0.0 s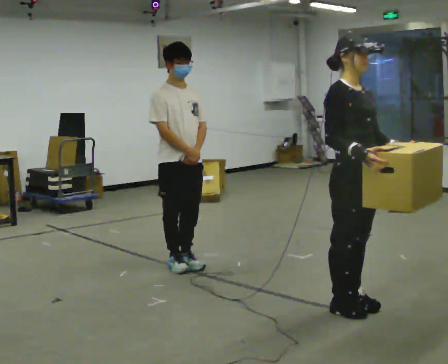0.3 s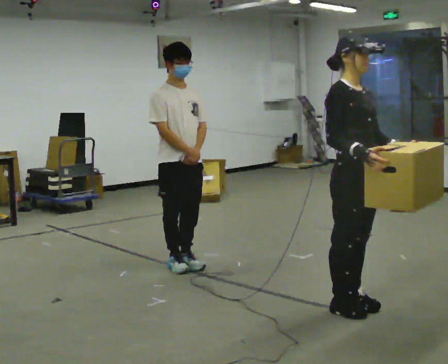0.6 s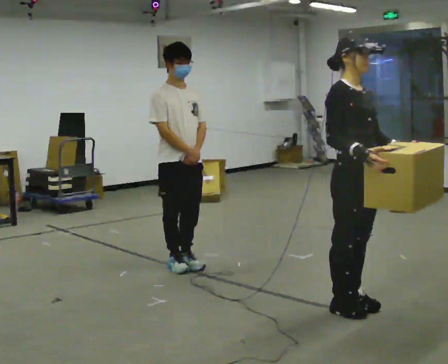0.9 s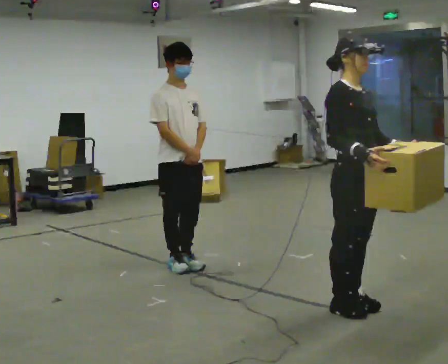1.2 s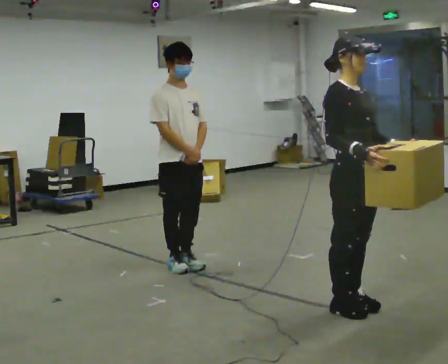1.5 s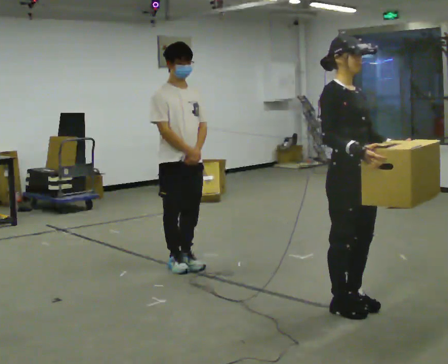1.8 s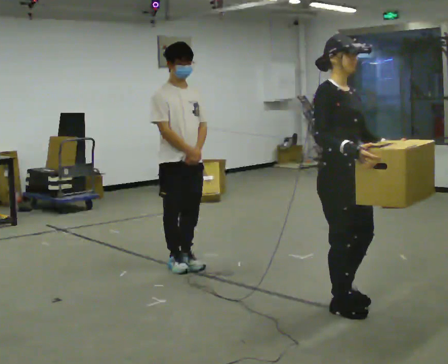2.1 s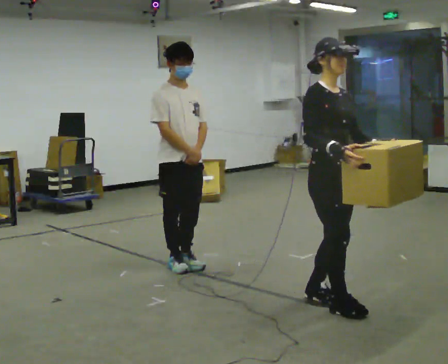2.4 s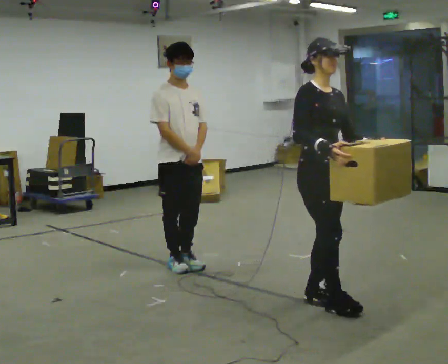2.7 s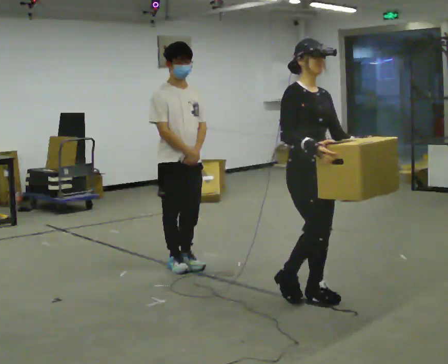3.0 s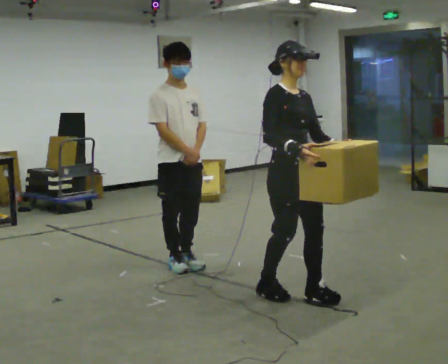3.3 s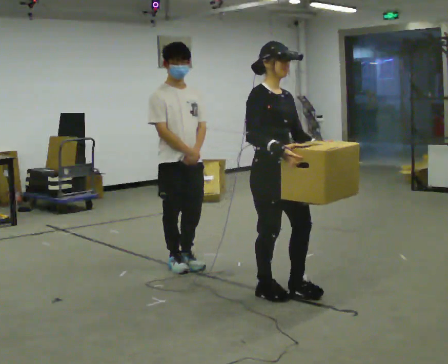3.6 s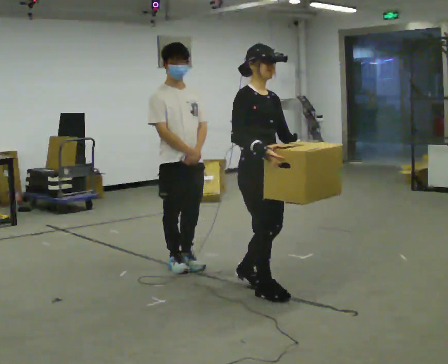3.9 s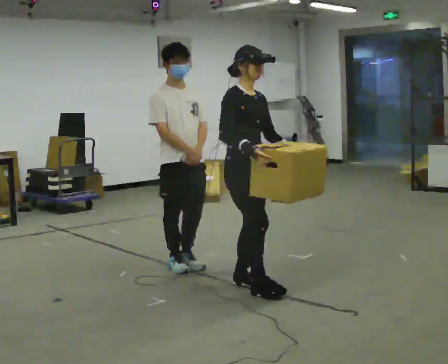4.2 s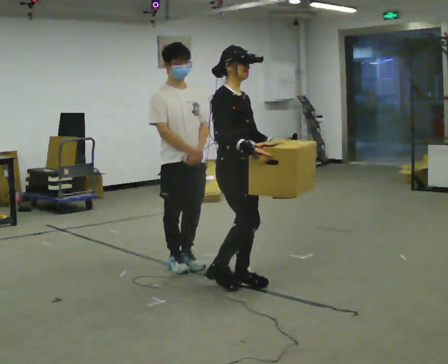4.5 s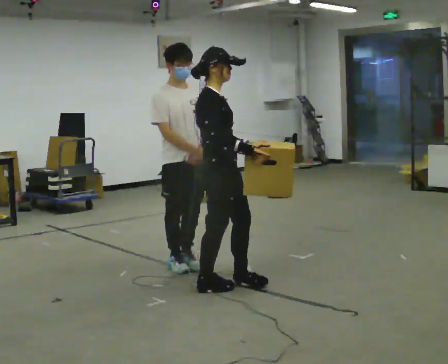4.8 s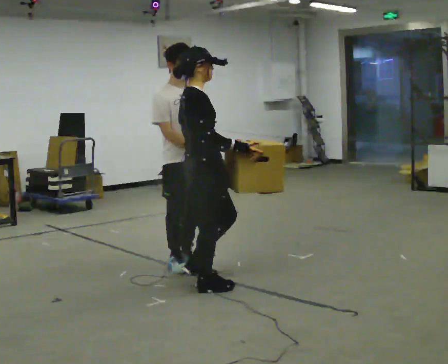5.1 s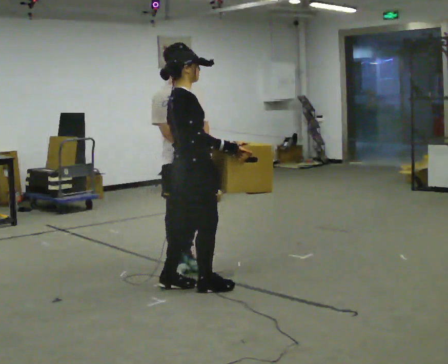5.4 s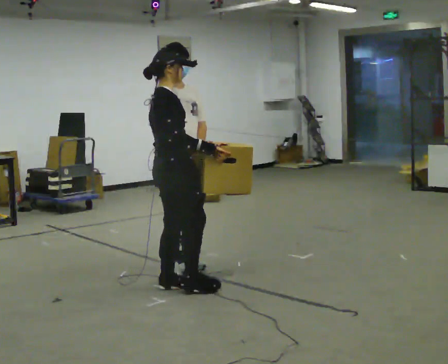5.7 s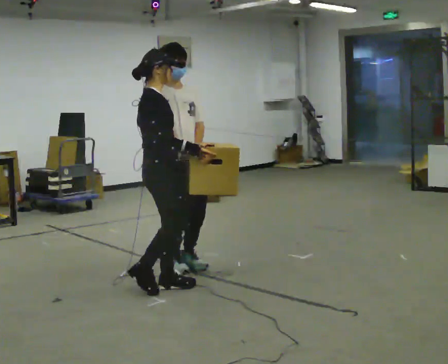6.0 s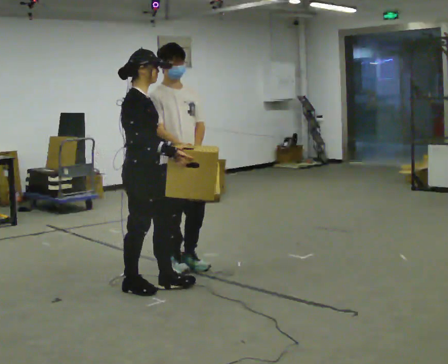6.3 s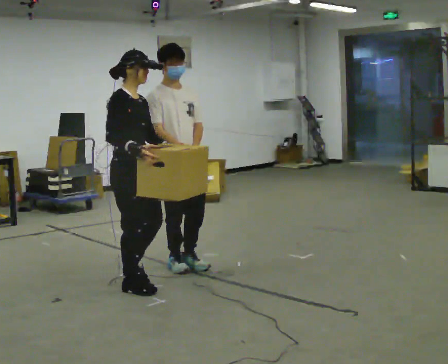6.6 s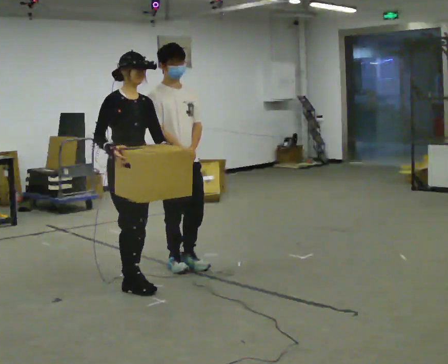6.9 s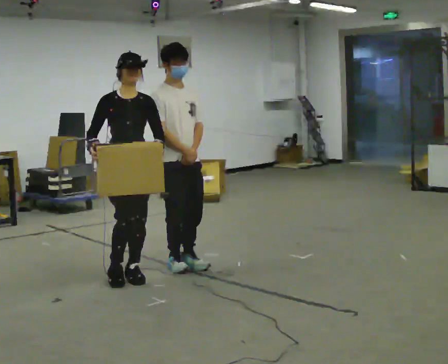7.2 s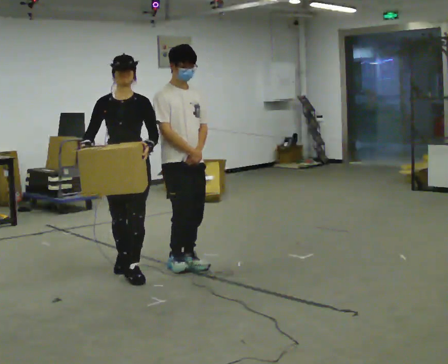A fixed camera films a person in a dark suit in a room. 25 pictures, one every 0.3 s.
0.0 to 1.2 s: The person keeps their place and pose.
1.2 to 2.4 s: In the picture they go to the left and away from the camera, about 0.25 m in 2 steps, which for them is backward.
2.4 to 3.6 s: In the picture they go to the left and away from the camera, about 0.5 m in 1 step, which for them is backward.
3.6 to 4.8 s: The person turns about 45 degrees to their left, counterclockwise seen from above, so the part of the body nearest the lens slides to the right. In the picture they go to the left, about 0.5 m in 2 steps, which for them is backward.
4.8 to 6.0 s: In the picture they go to the left, about 0.5 m in 1 step, which for them is backward.
6.0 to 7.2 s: Seen from above the body turns clockwise, about 75 degrees: to their right, with its near side sliding to the left. In the picture they go away from the camera and to the left, about 0.25 m in 2 steps.
The film runs backward here.
